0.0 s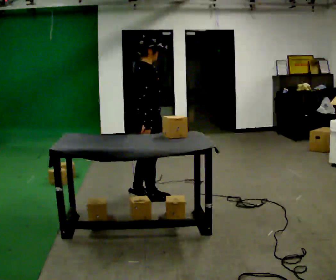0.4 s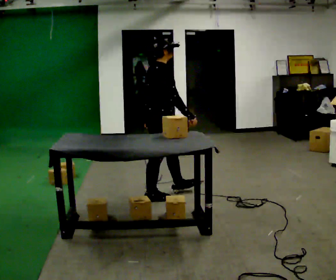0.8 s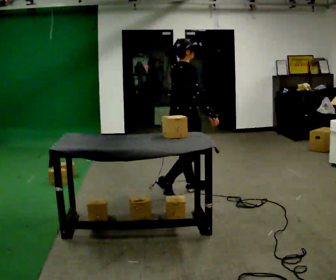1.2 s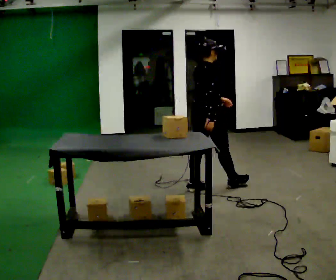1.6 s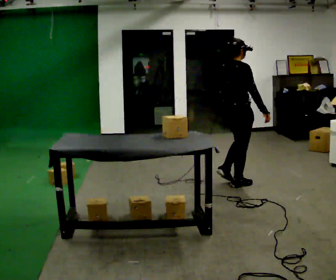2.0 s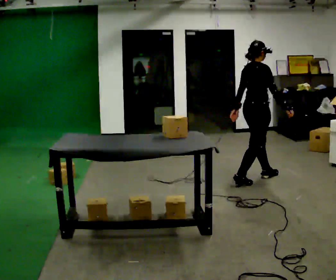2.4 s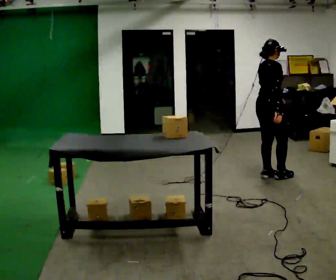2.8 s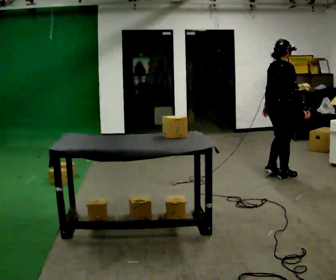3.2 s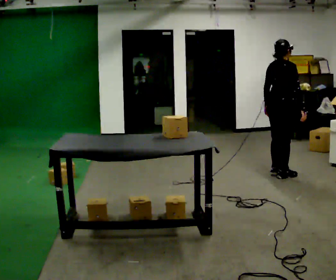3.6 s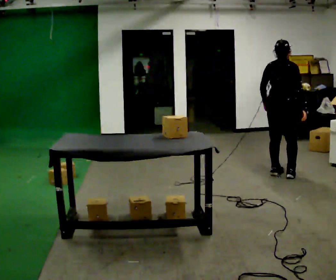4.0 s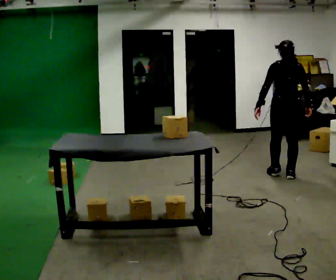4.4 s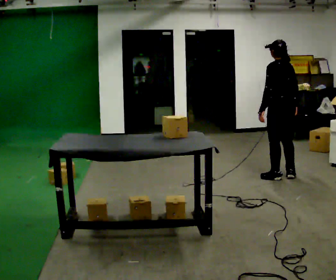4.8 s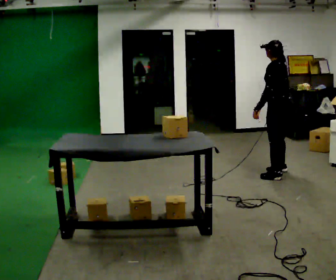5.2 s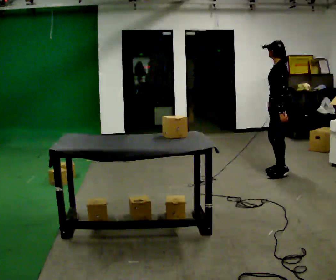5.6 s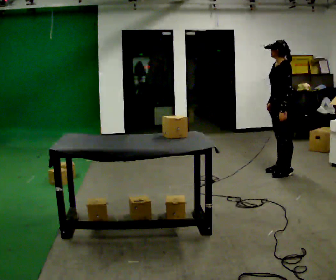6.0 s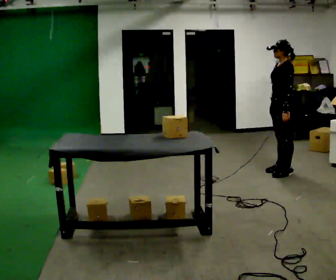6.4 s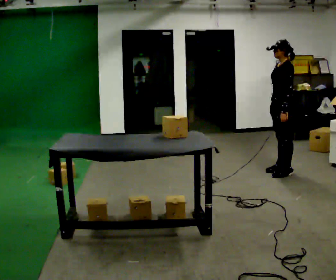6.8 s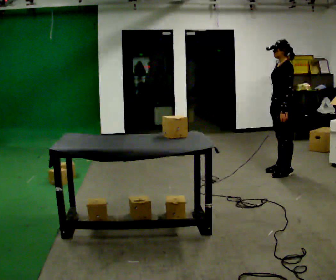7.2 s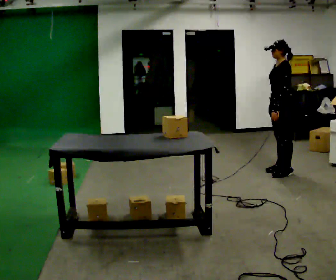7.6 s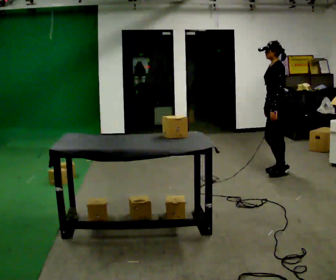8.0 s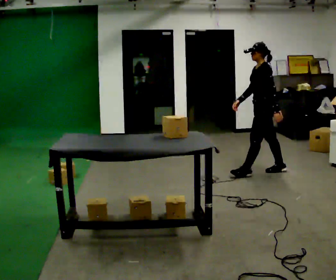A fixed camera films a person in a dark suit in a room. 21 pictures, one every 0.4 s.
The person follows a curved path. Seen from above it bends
counterclockwise.
0.0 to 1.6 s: In the picture they go to the right and away from the camera, about 1 m in 2 steps, which for them is forward.
1.6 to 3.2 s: In the picture they go away from the camera and to the right, about 0.5 m in 3 steps, which for them is forward.
3.2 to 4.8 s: The person turns about 120 degrees to their left, counterclockwise seen from above, so the part of the body nearest the lens slides to the right.
4.8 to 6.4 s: The part of the body nearest the lens slides to the right as the person turns to their left by about 30 degrees.
6.4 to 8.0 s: In the picture they go to the left, about 0.25 m in 1 step, which for them is forward. In the picture their right hand goes to the left.
The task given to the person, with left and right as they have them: Take the boxes off the top, get the one from the bottom, carry it away, then put the others back. Keep going until the operator says stop; one object at a time, and do not rush between trips.
The film runs forward here.
